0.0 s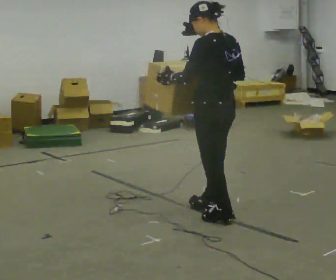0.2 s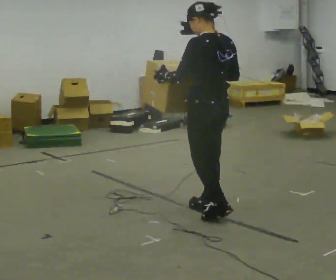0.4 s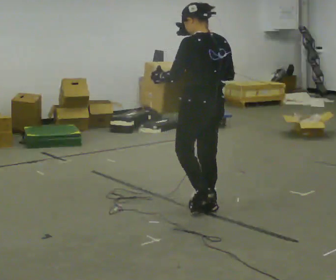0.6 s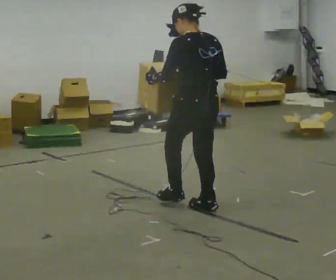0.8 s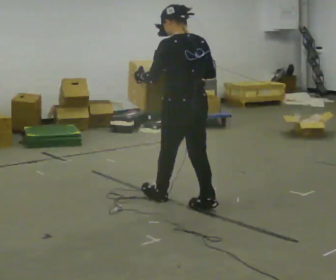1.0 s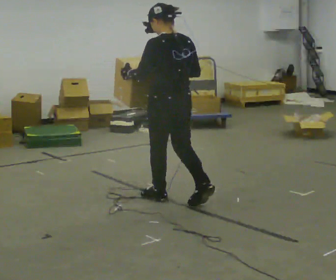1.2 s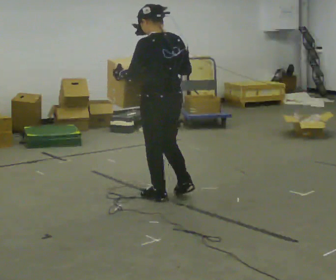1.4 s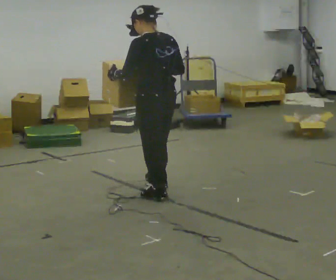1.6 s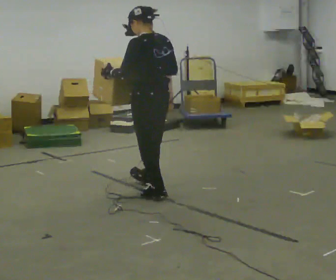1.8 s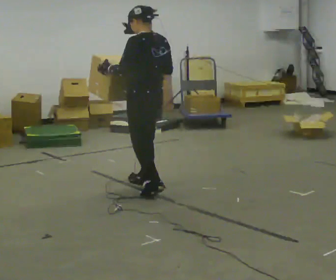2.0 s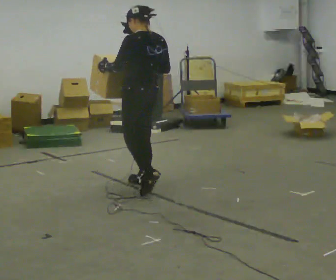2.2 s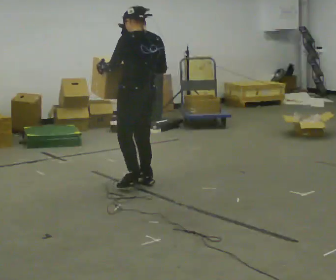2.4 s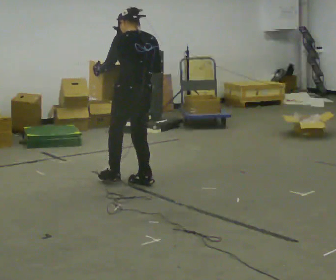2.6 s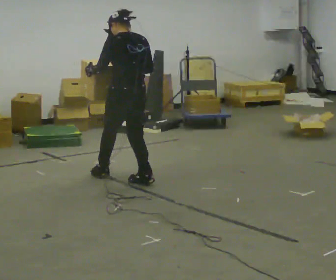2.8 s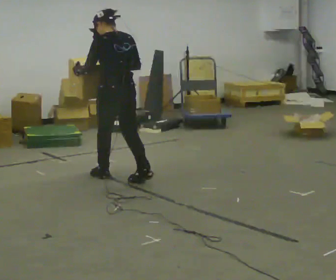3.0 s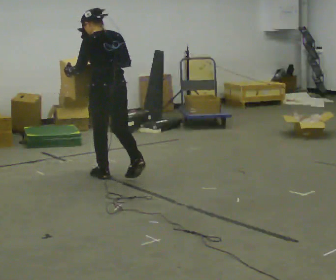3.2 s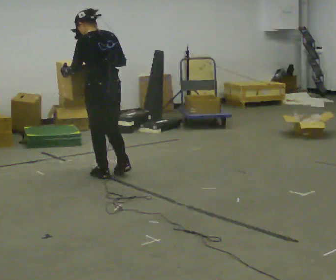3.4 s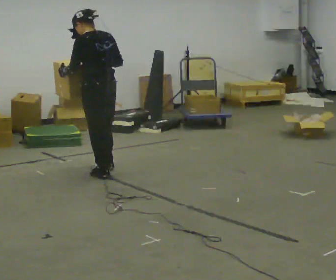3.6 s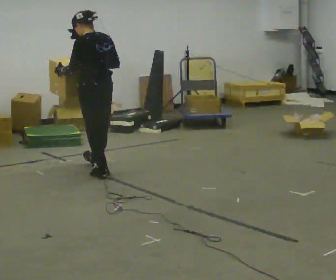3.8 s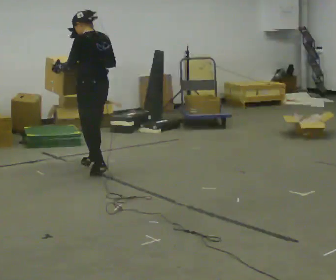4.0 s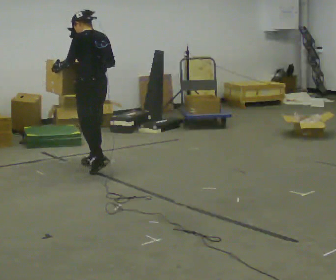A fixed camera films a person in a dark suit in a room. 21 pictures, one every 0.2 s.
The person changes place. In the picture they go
away from the camera.
0.0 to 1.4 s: In the picture they go away from the camera and to the left, about 0.75 m in 2 steps, which for them is forward.
1.4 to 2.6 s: In the picture they go away from the camera and to the left, about 0.5 m in 1 step, which for them is forward.
2.6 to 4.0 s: In the picture they go away from the camera and to the left, about 0.5 m in 2 steps, which for them is forward.
The film runs backward here.
